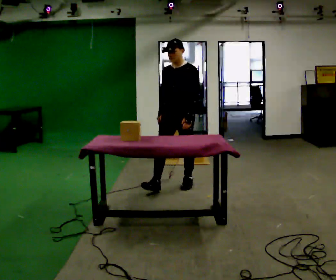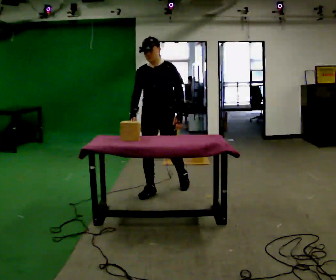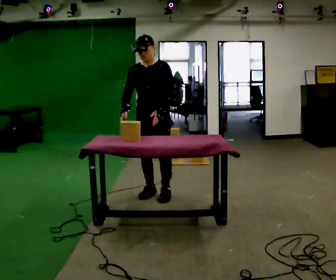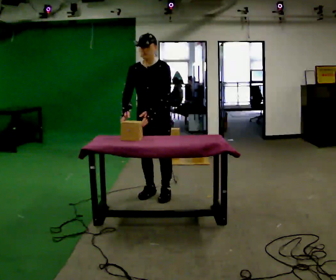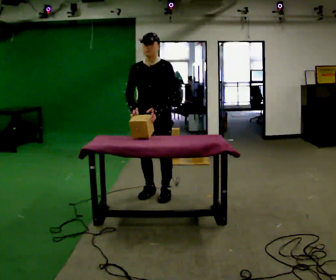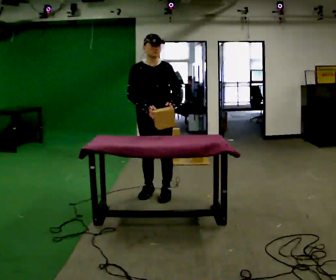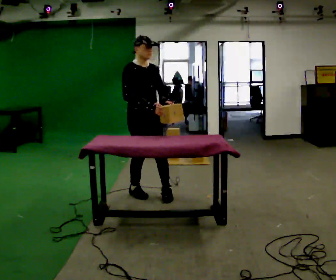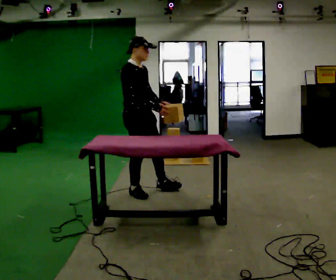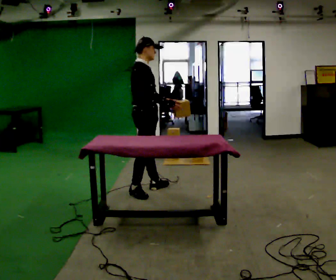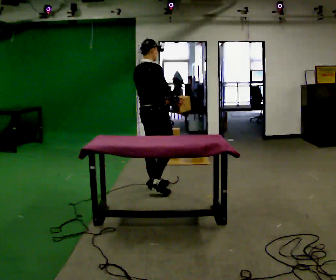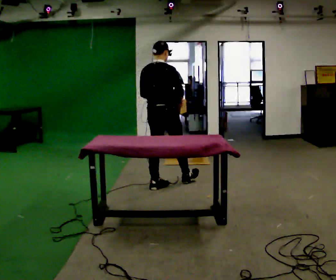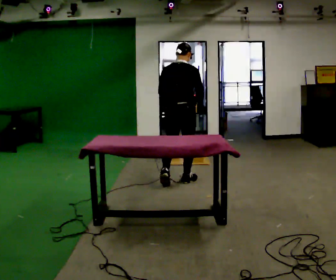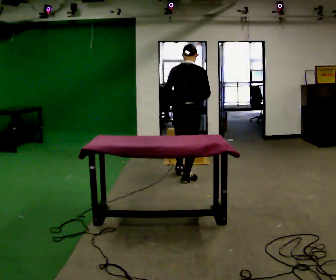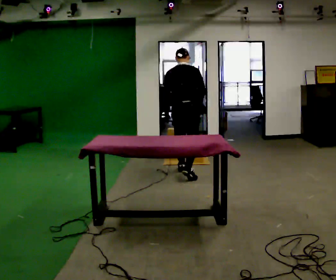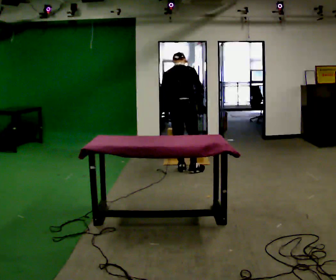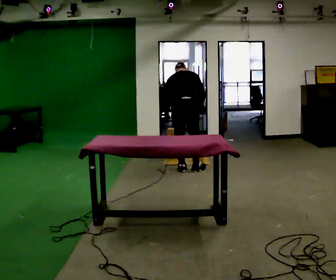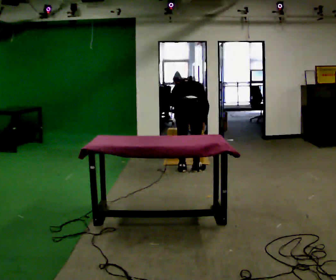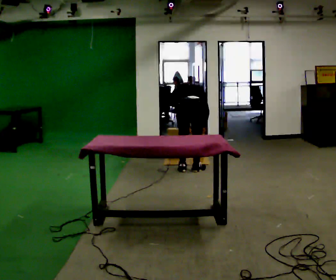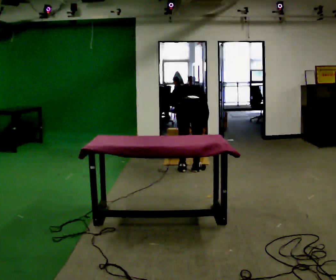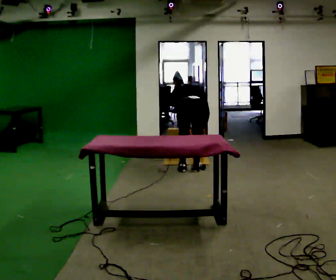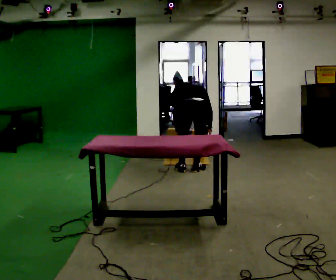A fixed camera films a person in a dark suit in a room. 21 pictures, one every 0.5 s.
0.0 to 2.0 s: In the picture they go toward the camera and to the left, about 0.5 m in 2 steps, which for them is forward.
2.0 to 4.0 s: Seen from above the body turns counterclockwise, about 120 degrees: to their left, with its near side sliding to the right. In the picture they go away from the camera, about 0.25 m in 2 steps.
4.0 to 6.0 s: Seen from above the body turns counterclockwise, about 60 degrees: to their left, with its near side sliding to the right. In the picture they go to the right and away from the camera, about 0.5 m in 1 step.
6.0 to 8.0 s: In the picture they go away from the camera, about 0.25 m in 2 steps, which for them is forward. The shoulders move downward. The upper body tips away from the camera, its near side rolling upward, as they bend forward. In the picture their left hand goes downward.
8.0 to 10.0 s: The person moves a little, or ends about where they began.
The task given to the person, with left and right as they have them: Carry the boxes over one at a time and lay them out on the pallet in the pattern the operator shows you. Keep going until the operator says stop; one object at a time, and do not rush between trips.
The film runs forward here.
